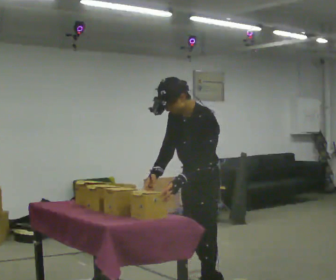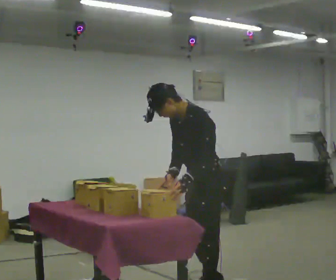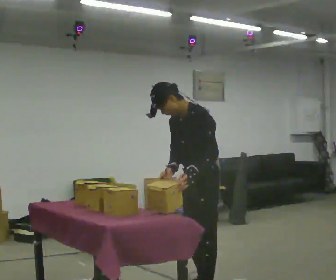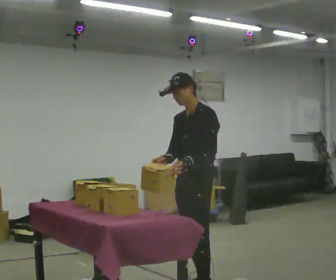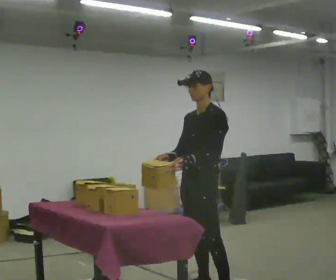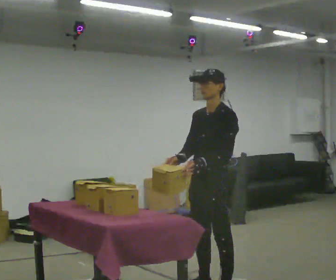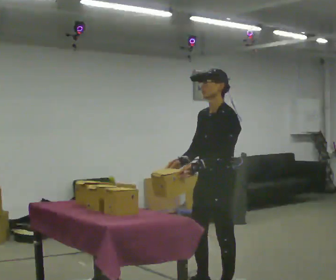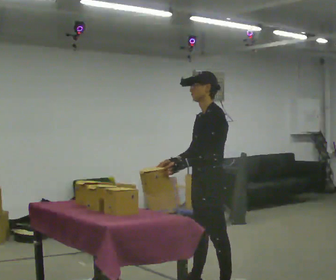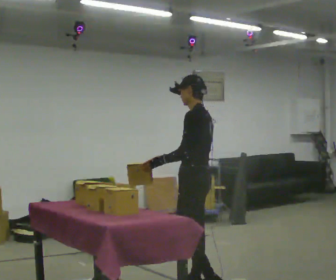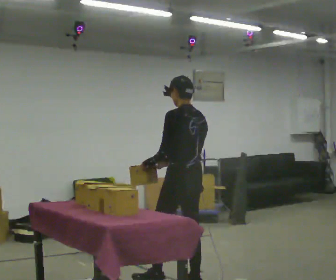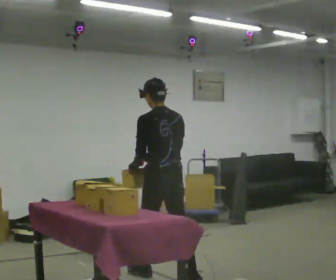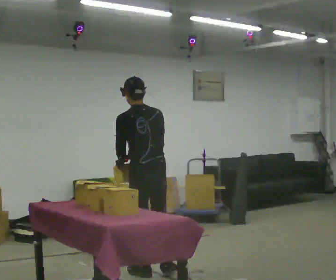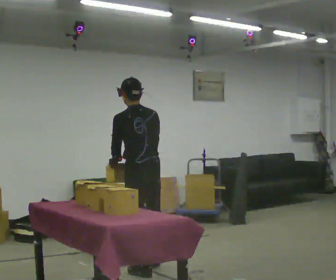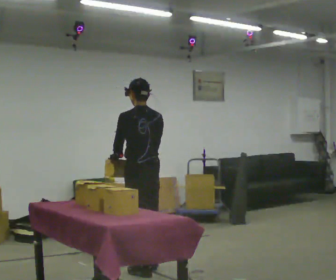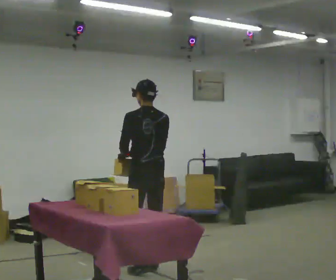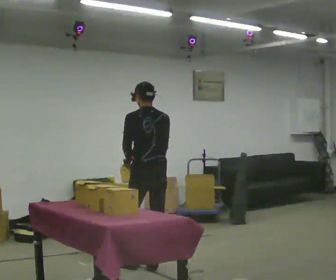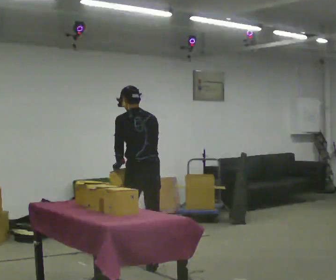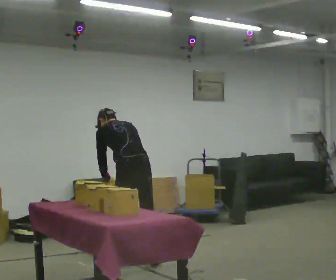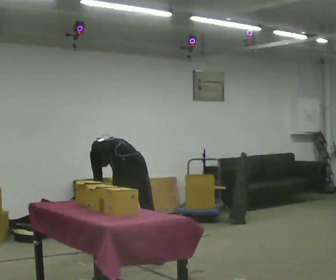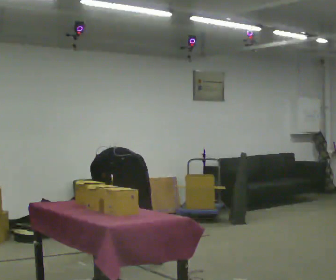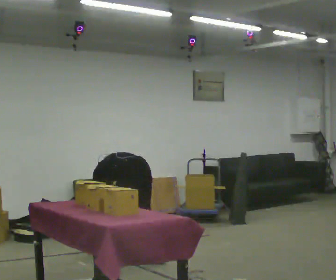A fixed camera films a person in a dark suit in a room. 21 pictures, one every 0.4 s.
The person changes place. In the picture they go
away from the camera.
The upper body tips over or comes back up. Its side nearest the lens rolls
upward.
0.0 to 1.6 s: In the picture they go away from the camera, about 0.25 m in 1 step, which for them is to their right and backward. The upper body tips away from the camera, its near side rolling upward, as they lean back or straighten.
1.6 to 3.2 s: The person turns about 60 degrees to their right, clockwise seen from above, so the part of the body nearest the lens slides to the left. In the picture they go away from the camera, about 0.25 m, which for them is to their right.
3.2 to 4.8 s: The part of the body nearest the lens slides to the left as the person turns to their right by about 45 degrees. In the picture they go to the left and away from the camera, about 0.5 m in 2 steps, which for them is forward.
4.8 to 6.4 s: In the picture they go away from the camera, about 0.25 m in 1 step, which for them is forward and to their right.
6.4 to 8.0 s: The upper body goes downward. The upper body tips away from the camera, its near side rolling upward, as they bend forward. In the picture their right hand goes downward.
The film runs forward here.
